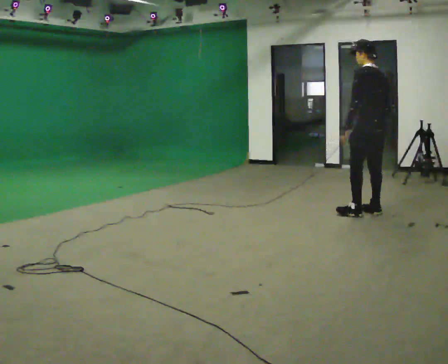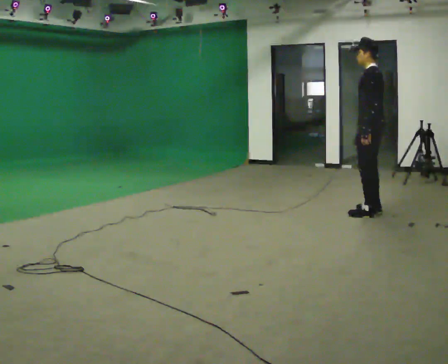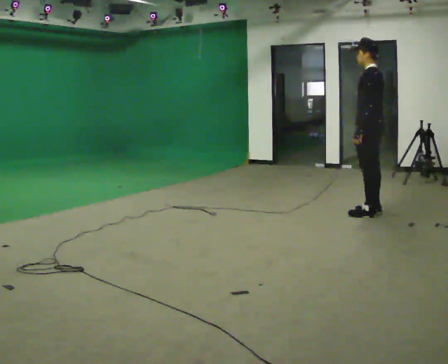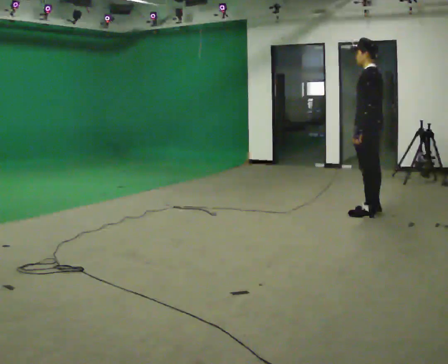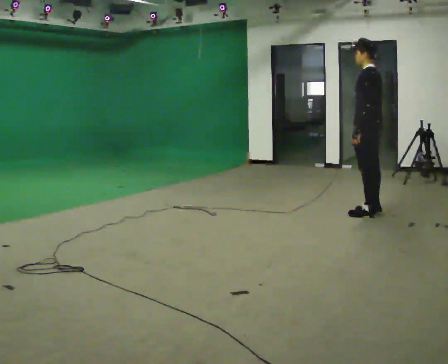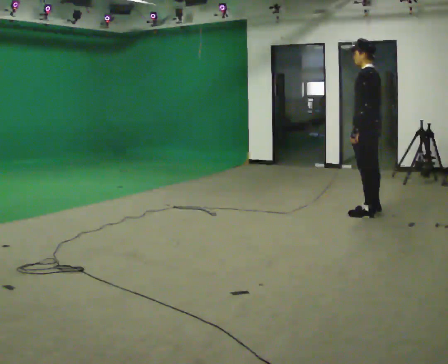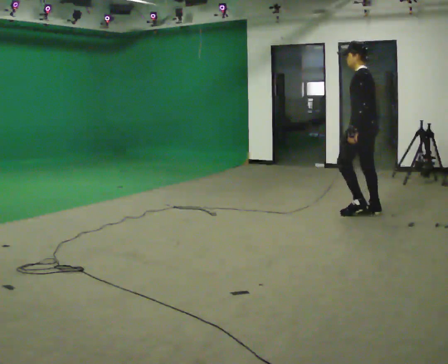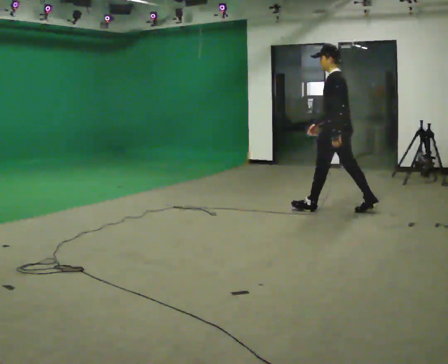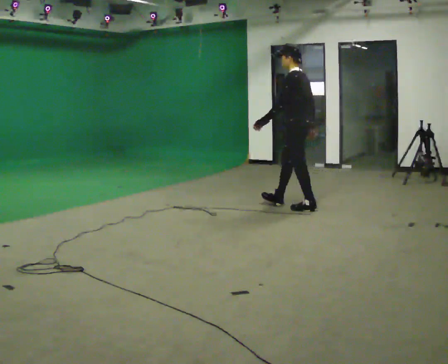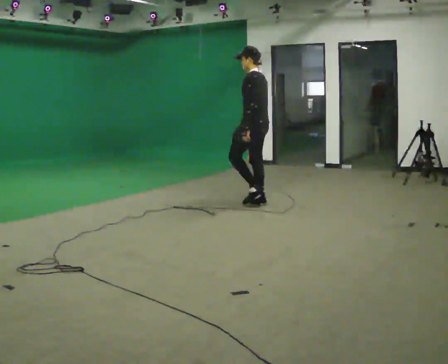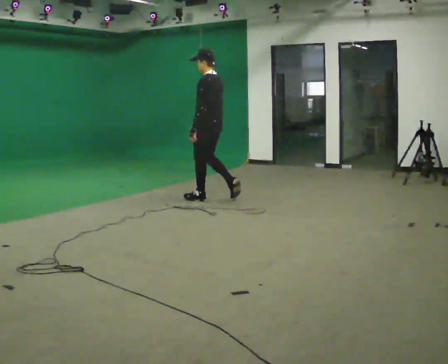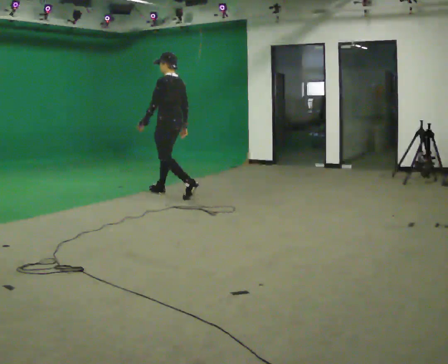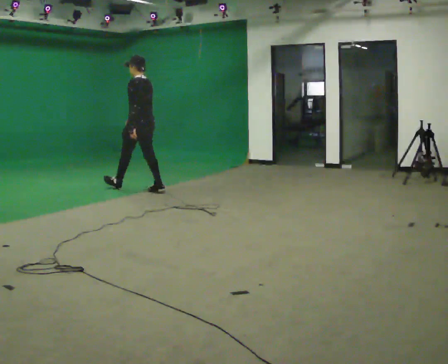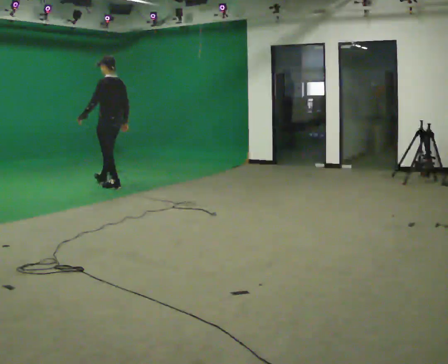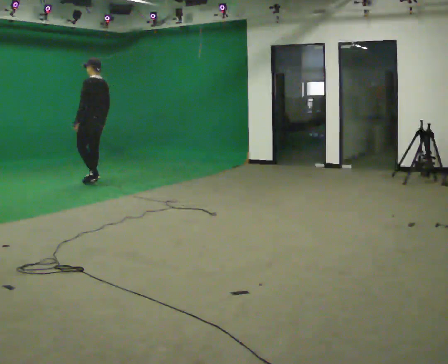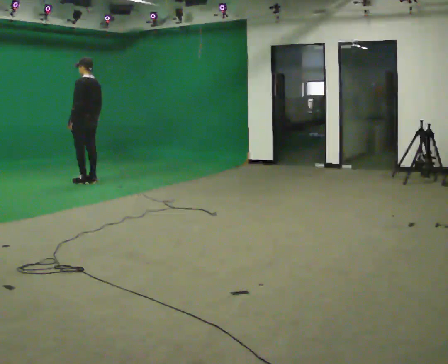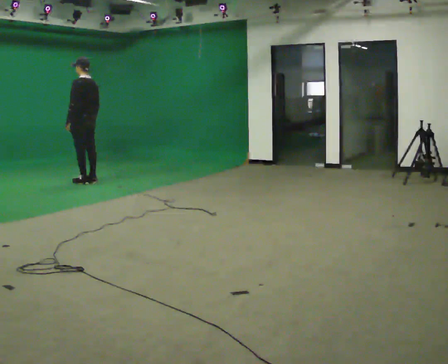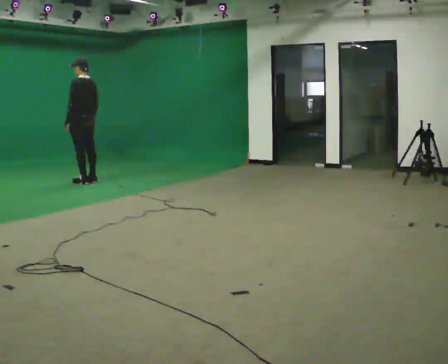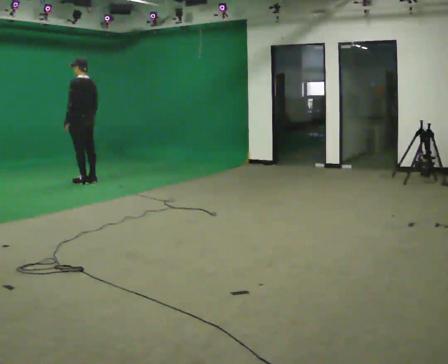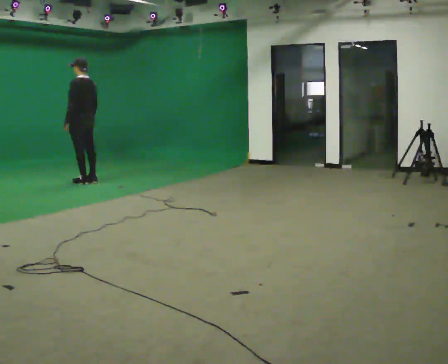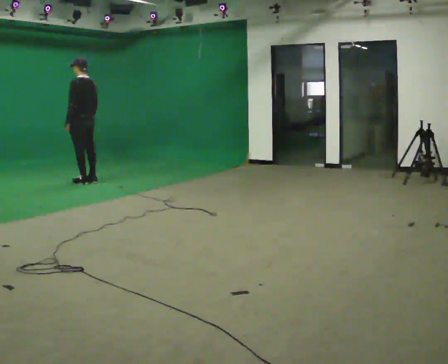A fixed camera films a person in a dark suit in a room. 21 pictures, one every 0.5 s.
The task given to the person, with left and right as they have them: Stand still 2 s; begin walking naturally; walk forward; stop.
0.0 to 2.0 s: The person moves a little, or ends about where they began.
2.0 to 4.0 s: In the picture they go to the left and away from the camera, about 1 m in 1 step, which for them is forward.
4.0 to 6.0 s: In the picture they go to the left and away from the camera, about 2 m in 3 steps, which for them is forward.
6.0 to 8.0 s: In the picture they go to the left and away from the camera, about 1 m in 3 steps, which for them is forward.
8.0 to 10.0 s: The person keeps their place and pose.
The film runs forward here.
